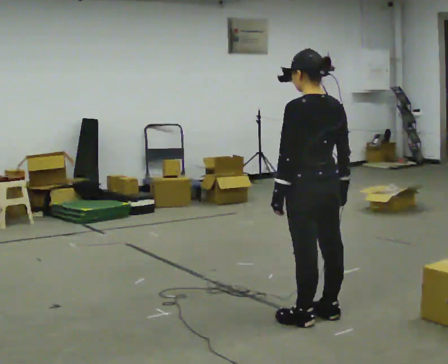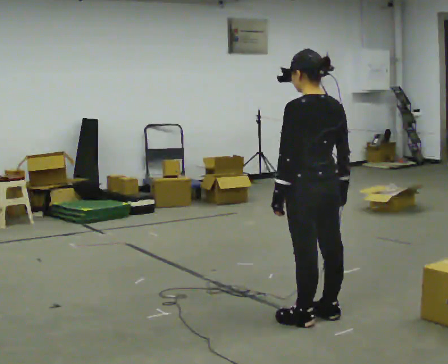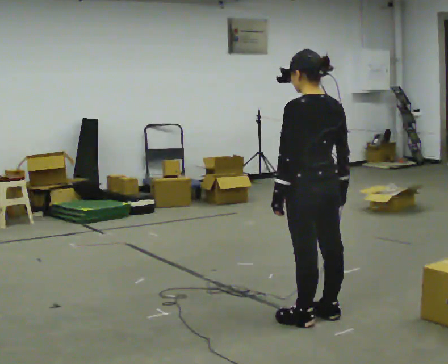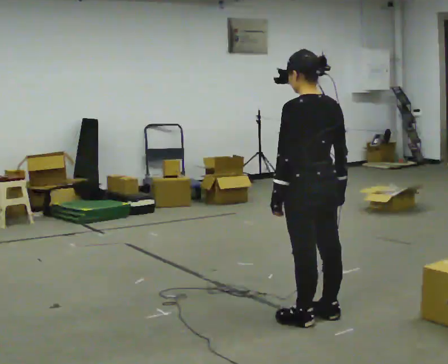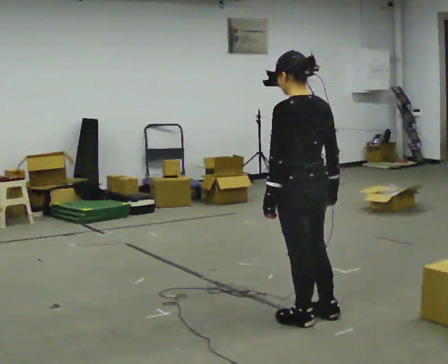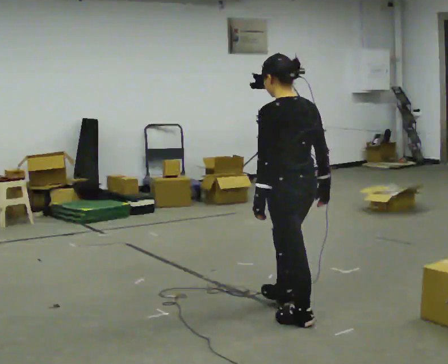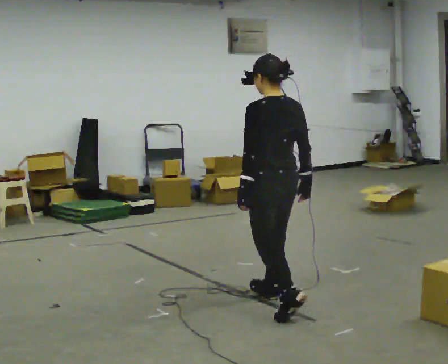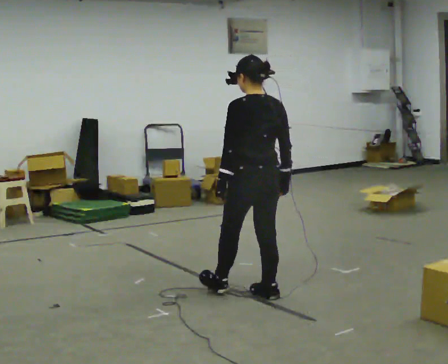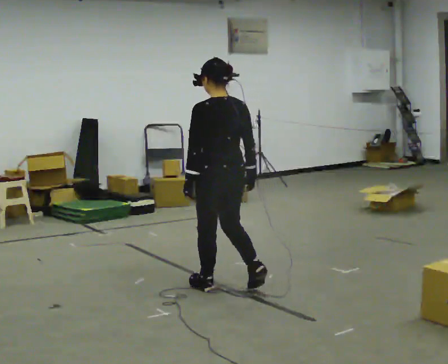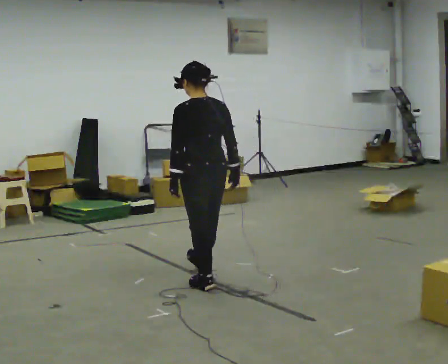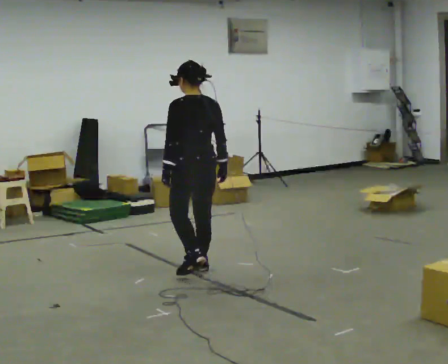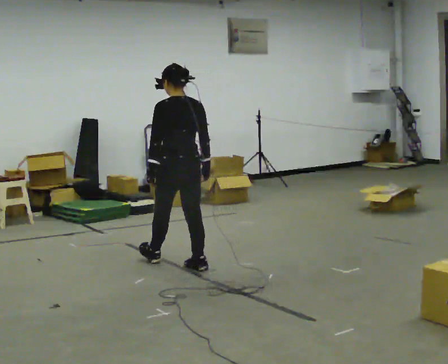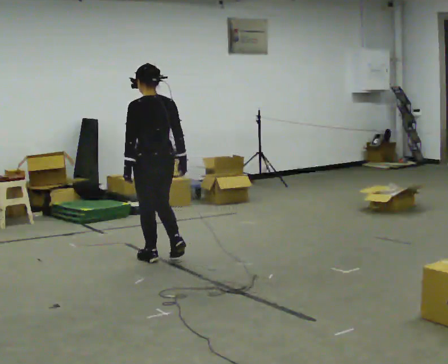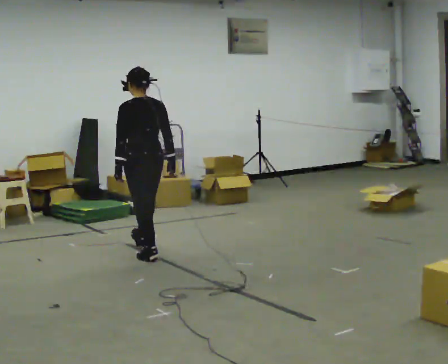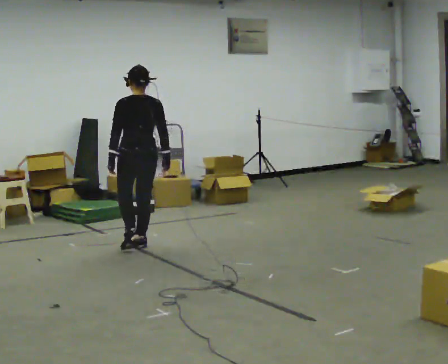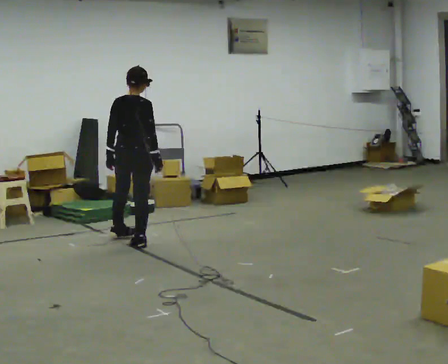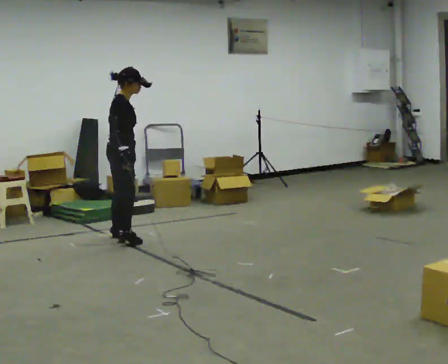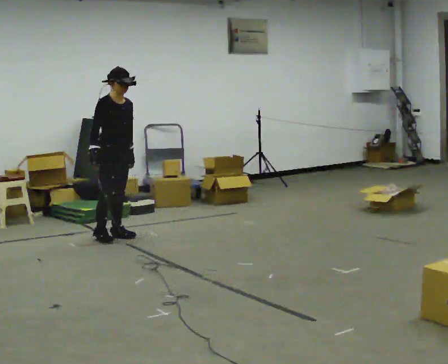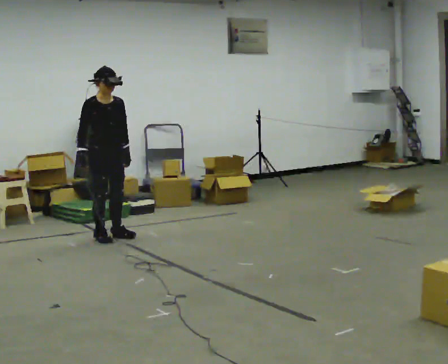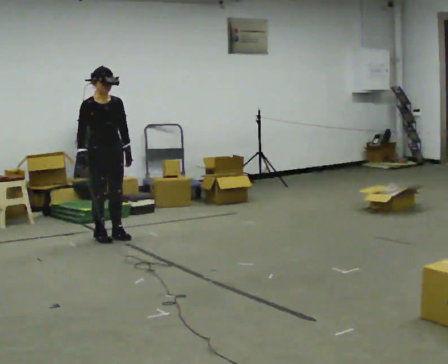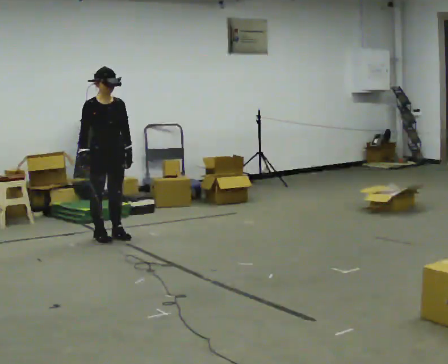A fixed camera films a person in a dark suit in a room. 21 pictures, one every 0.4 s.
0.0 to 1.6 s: The person moves a little, or ends about where they began.
1.6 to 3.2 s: In the picture they go away from the camera and to the left, about 1 m in 2 steps, which for them is forward.
3.2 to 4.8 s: In the picture they go away from the camera and to the left, about 1 m in 2 steps, which for them is forward.
4.8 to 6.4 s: The person turns about 120 degrees to their right, clockwise seen from above, so the part of the body nearest the lens slides to the left. In the picture they go away from the camera and to the left, about 1 m in 2 steps.
6.4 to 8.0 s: Seen from above the body turns clockwise, about 60 degrees: to their right, with its near side sliding to the left.
The film runs forward here.
